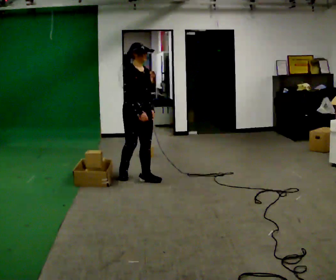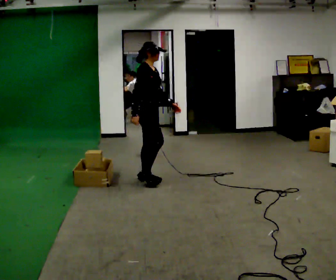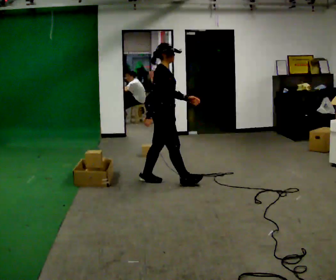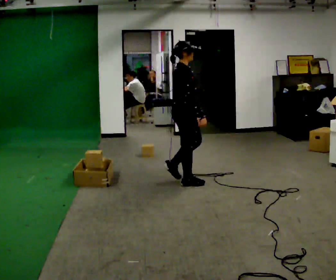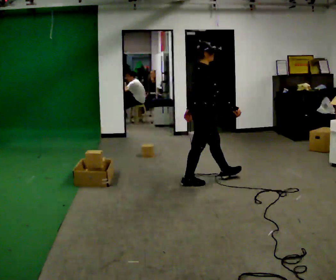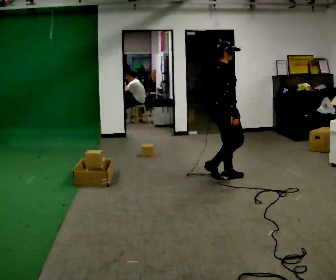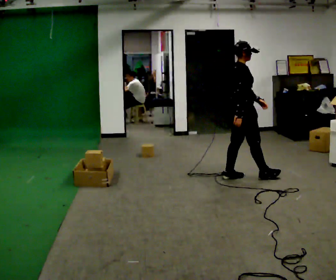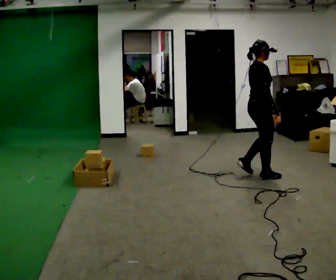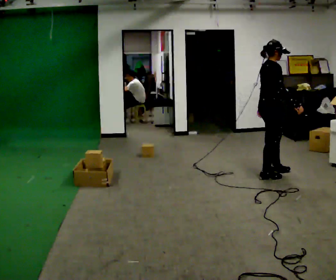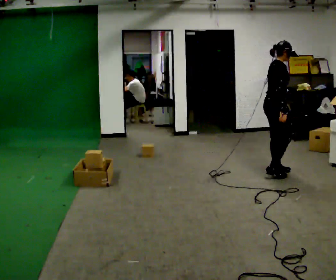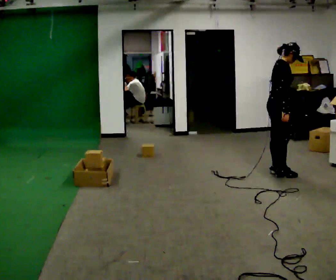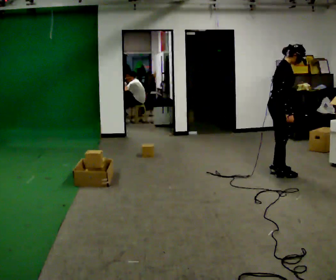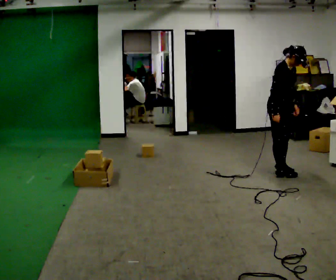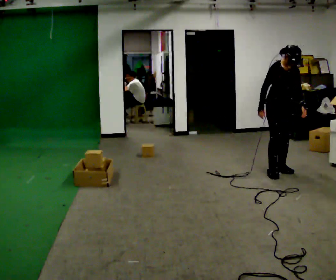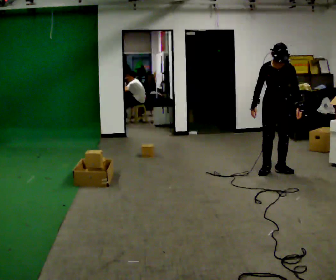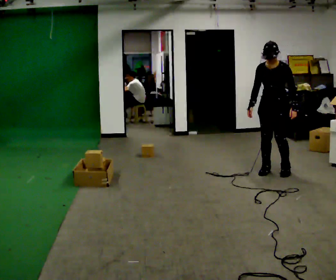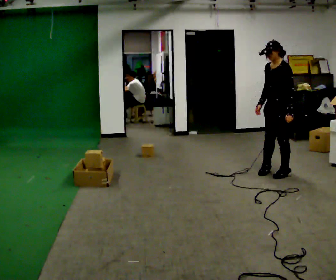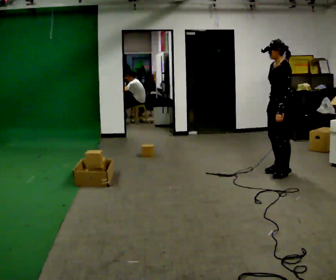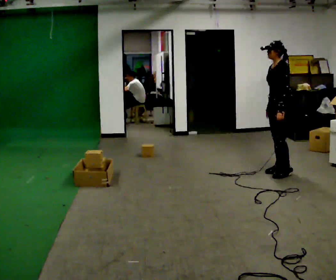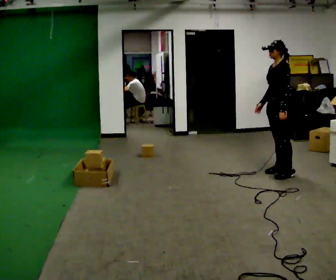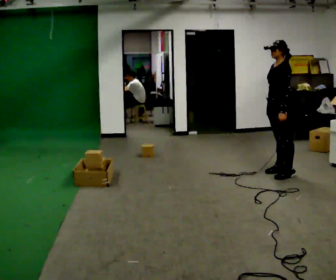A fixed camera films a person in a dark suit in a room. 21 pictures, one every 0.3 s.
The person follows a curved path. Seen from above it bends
counterclockwise.
The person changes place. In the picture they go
to the right.
0.0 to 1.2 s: Seen from above the body turns counterclockwise, about 45 degrees: to their left, with its near side sliding to the right. In the picture they go to the right, about 1 m in 1 step, which for them is forward.
1.2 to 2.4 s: In the picture they go to the right and away from the camera, about 1 m in 3 steps, which for them is forward.
2.4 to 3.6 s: Seen from above the body turns clockwise, about 45 degrees: to their right, with its near side sliding to the left.
3.6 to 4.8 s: The person turns about 120 degrees to their right, clockwise seen from above, so the part of the body nearest the lens slides to the left. In the picture the upper body tilts counterclockwise, shoulders to the left.
4.8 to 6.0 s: The person moves a little, or ends about where they began.
The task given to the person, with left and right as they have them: Take the objects from the bin one at a time and put one in each of the places the operator points out. Keep going until the operator says stop; one object at a time, and do not rush between trips.
The film runs forward here.
